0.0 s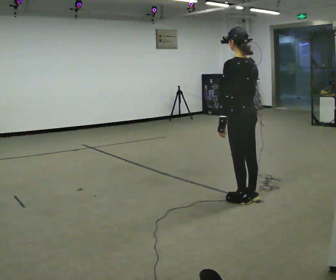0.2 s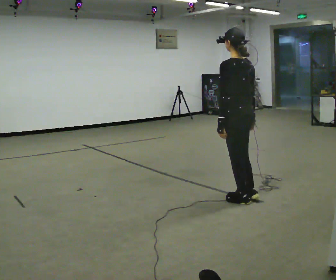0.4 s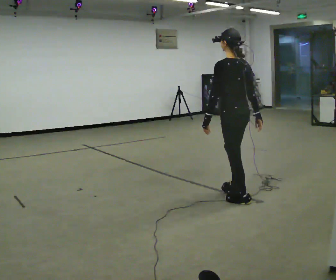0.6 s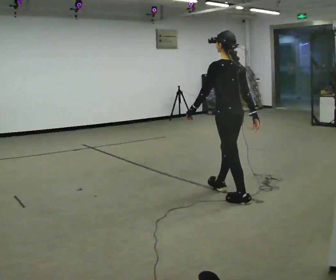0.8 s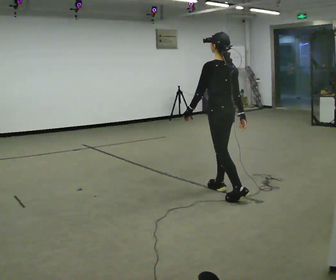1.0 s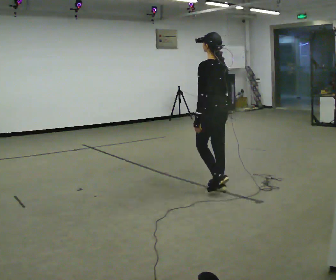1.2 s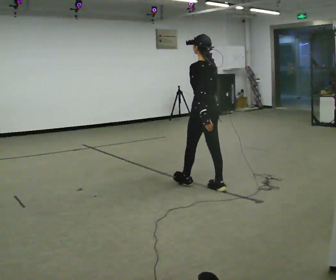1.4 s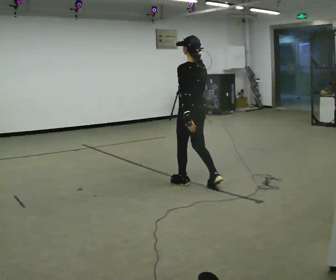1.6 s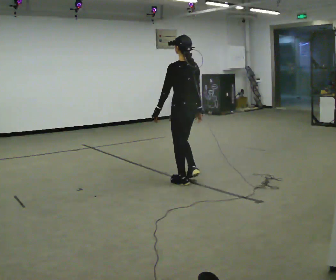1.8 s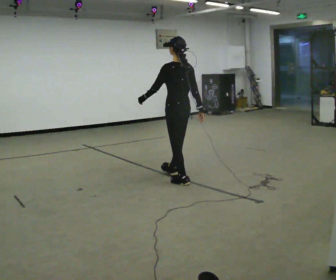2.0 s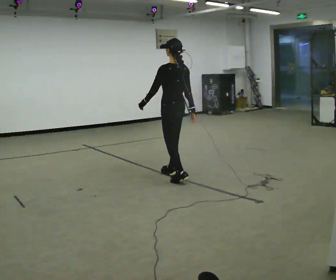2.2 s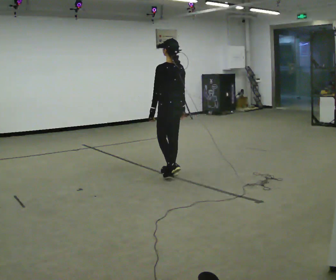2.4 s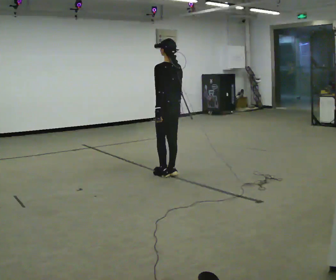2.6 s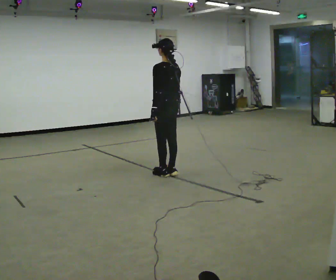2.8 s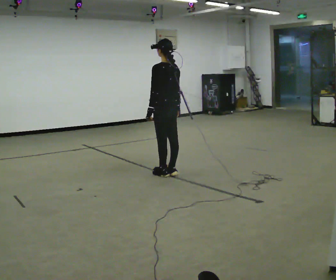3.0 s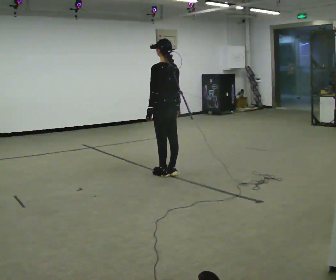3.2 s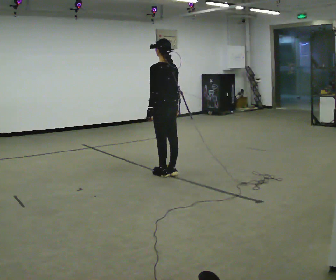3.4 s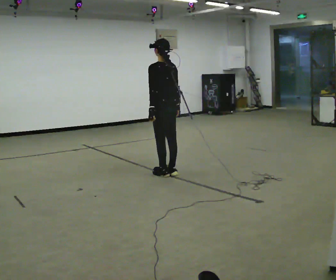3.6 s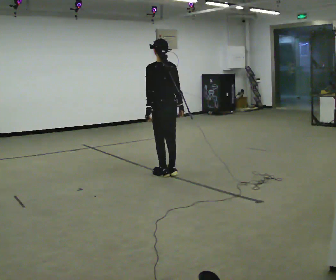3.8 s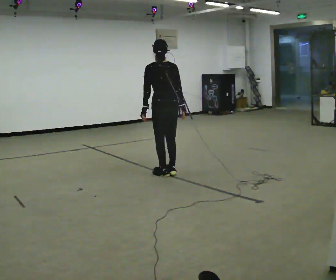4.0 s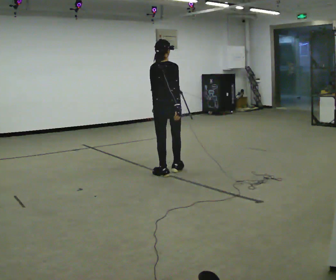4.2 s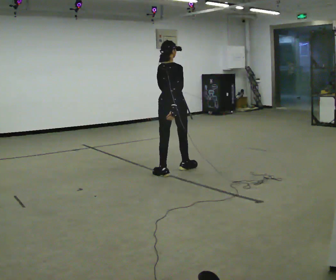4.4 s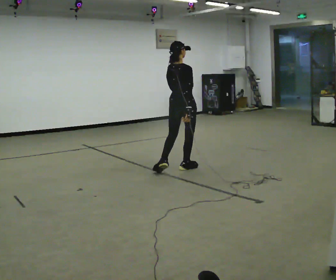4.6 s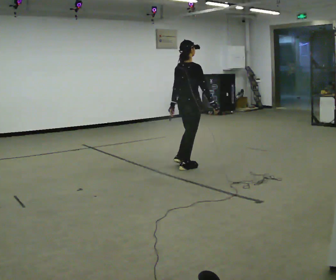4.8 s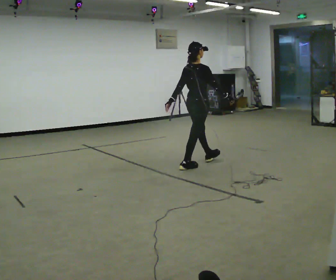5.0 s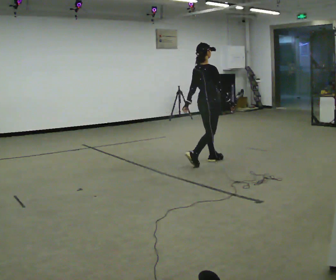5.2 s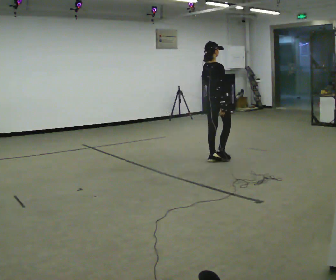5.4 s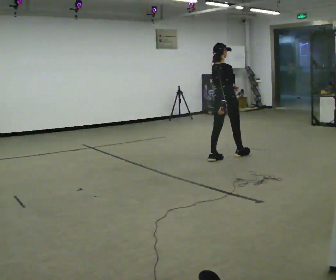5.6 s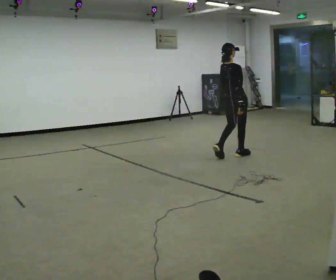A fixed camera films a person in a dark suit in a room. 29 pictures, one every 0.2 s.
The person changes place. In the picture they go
away from the camera.
The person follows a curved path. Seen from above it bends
clockwise.
0.0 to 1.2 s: In the picture they go away from the camera and to the left, about 0.5 m in 1 step, which for them is forward.
1.2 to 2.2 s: In the picture they go away from the camera and to the left, about 0.75 m in 2 steps, which for them is forward.
2.2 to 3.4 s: The person moves a little, or ends about where they began.
3.4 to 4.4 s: The part of the body nearest the lens slides to the left as the person turns to their right by about 75 degrees. In the picture they go to the right and away from the camera, about 0.25 m in 1 step.
4.4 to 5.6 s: In the picture they go to the right and away from the camera, about 1 m in 2 steps, which for them is forward.
The film runs forward here.
